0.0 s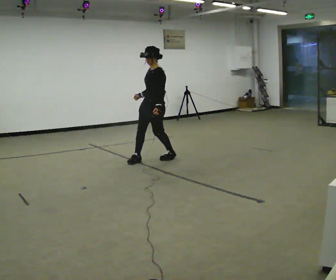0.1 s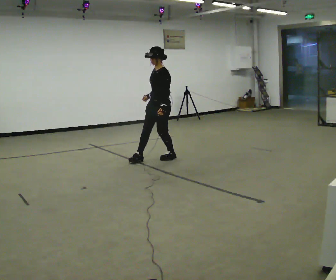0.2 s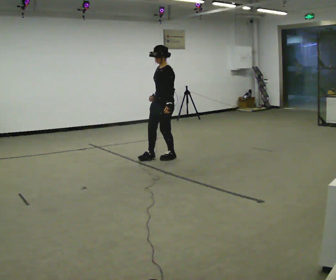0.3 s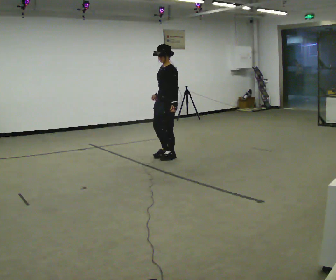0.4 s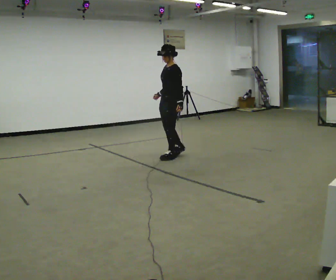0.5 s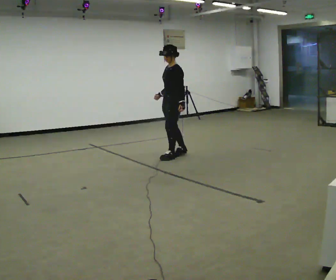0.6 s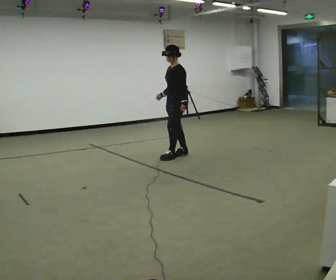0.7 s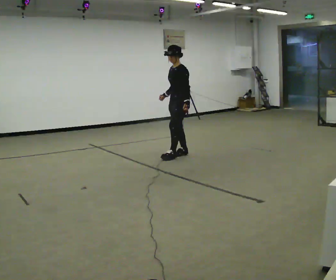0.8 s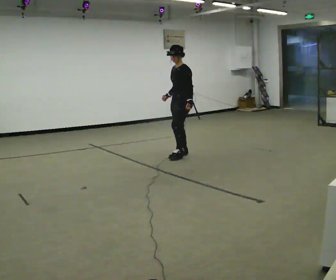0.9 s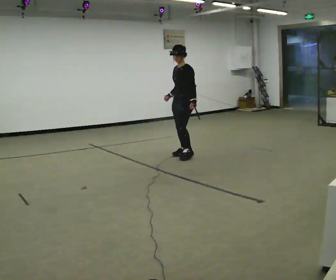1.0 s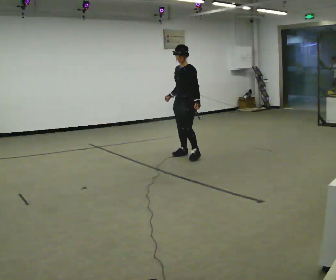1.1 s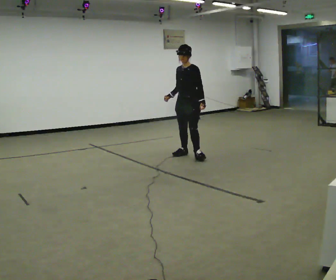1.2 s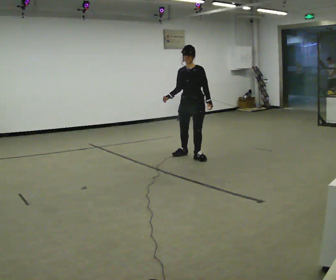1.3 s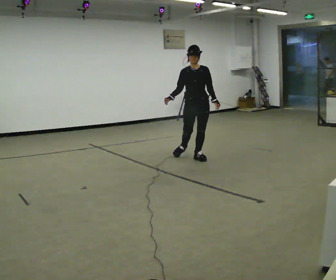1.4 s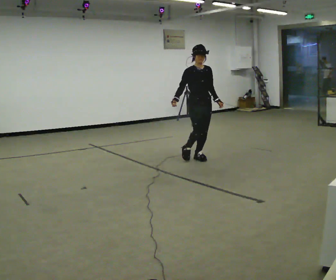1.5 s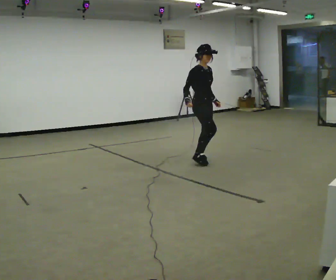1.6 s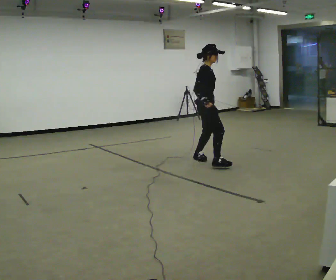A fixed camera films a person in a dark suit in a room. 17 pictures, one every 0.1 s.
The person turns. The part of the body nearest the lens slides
to the right.
The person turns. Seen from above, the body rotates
counterclockwise.
0.0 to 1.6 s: The part of the body nearest the lens slides to the right as the person turns to their left by about 150 degrees. In the picture they go to the right, about 0.75 m in 2 steps.
The film runs forward here.
